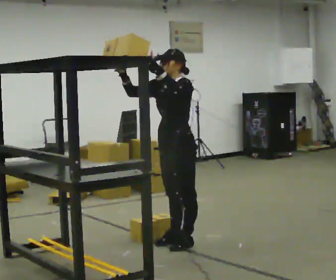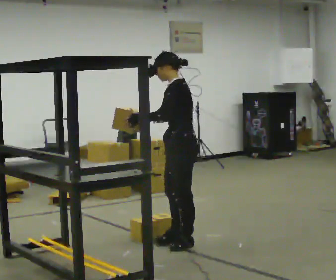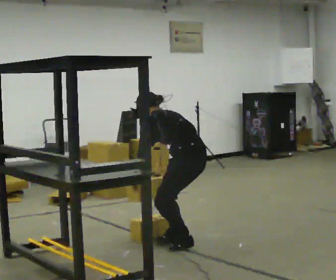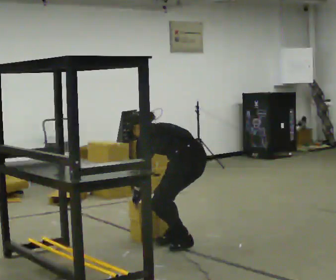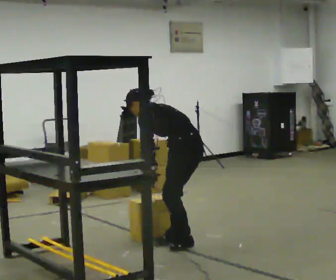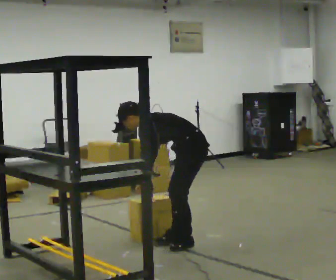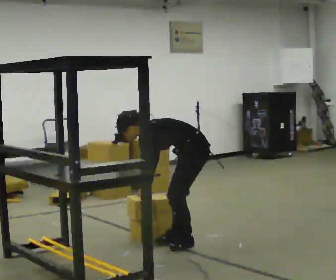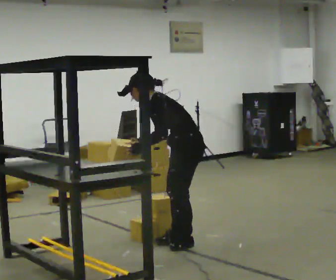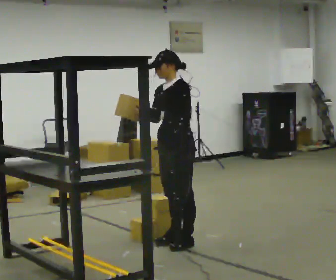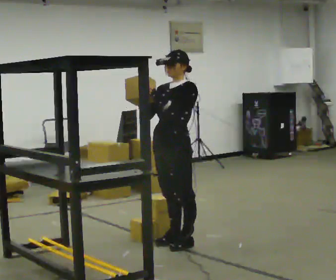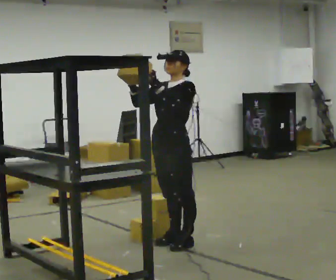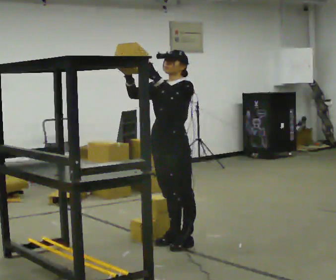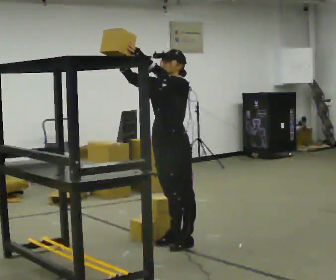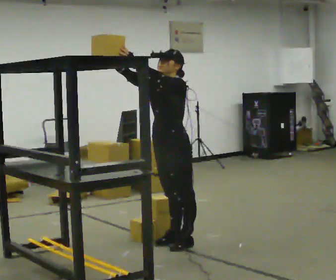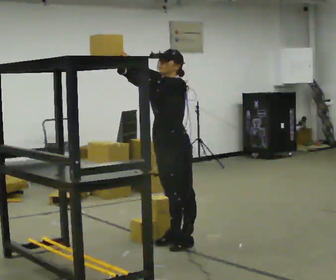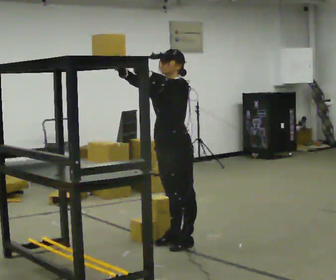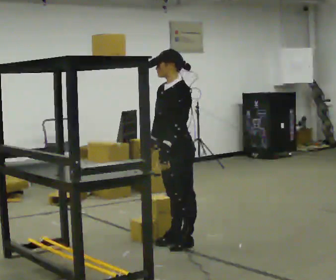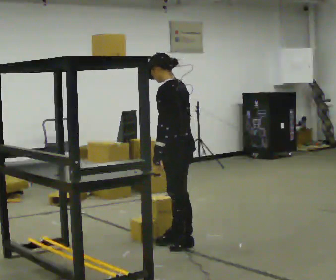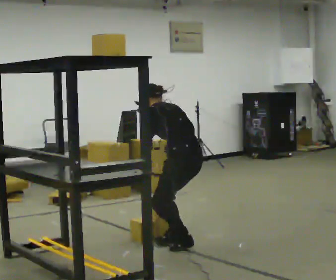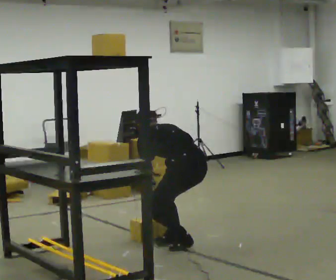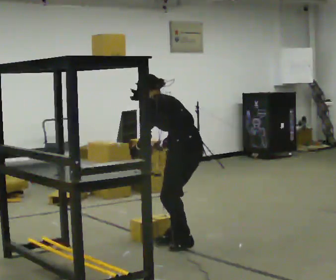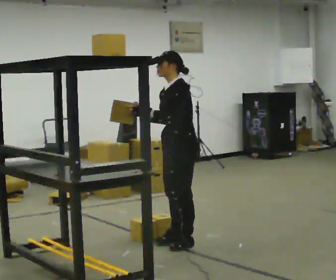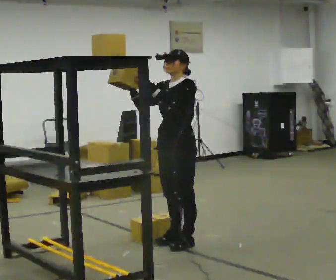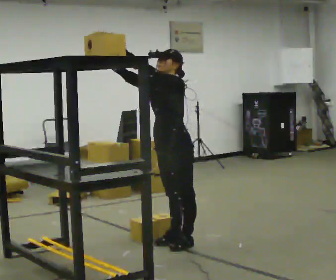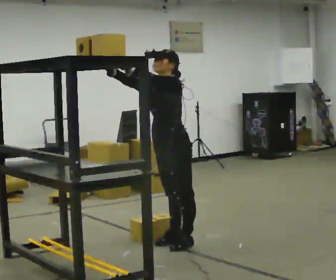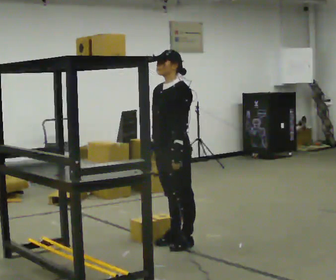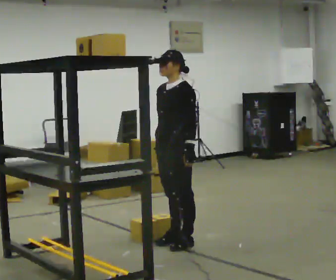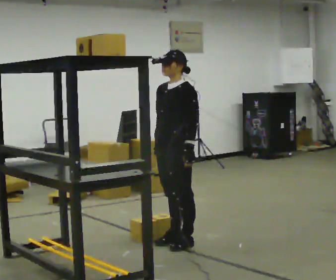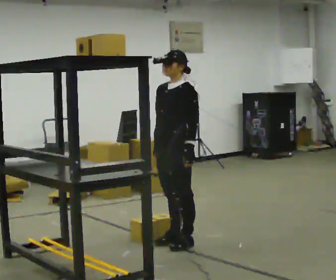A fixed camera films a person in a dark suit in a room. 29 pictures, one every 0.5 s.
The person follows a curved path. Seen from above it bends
clockwise.
0.0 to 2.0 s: The person turns about 45 degrees to their right, clockwise seen from above, so the part of the body nearest the lens slides to the left. In the picture their right hand goes downward and to the right, the arm swinging counterclockwise.
2.0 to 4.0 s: The person turns about 45 degrees to their left, counterclockwise seen from above, so the part of the body nearest the lens slides to the right. In the picture their right hand goes upward, the arm swinging clockwise.
4.0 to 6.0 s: In the picture their right hand goes upward, the arm swinging clockwise.
6.0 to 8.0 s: In the picture their right hand goes downward and to the right, the arm swinging counterclockwise.
8.0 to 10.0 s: The part of the body nearest the lens slides to the left as the person turns to their right by about 30 degrees.
10.0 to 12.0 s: Seen from above the body turns counterclockwise, about 45 degrees: to their left, with its near side sliding to the right. In the picture their right hand goes upward.
12.0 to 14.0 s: In the picture their right hand goes downward, the arm swinging counterclockwise.
The film runs forward here.
